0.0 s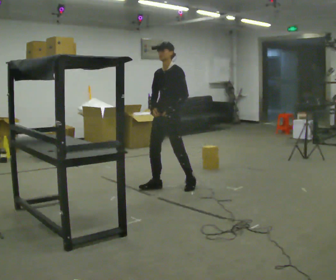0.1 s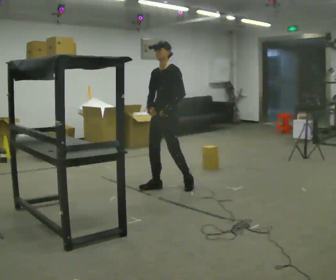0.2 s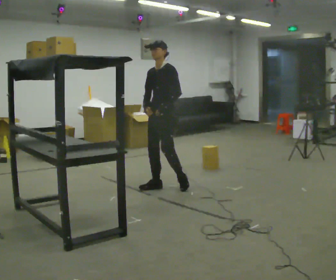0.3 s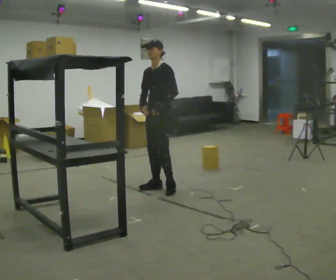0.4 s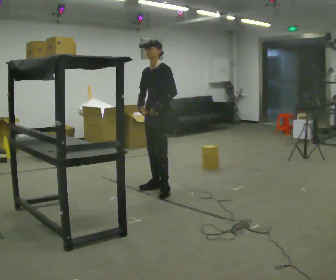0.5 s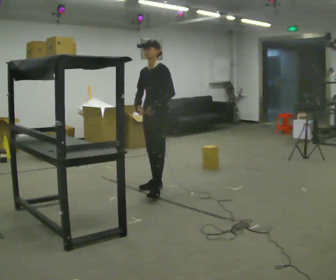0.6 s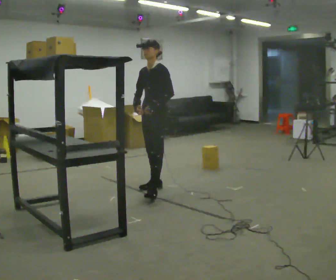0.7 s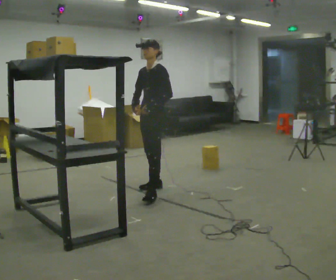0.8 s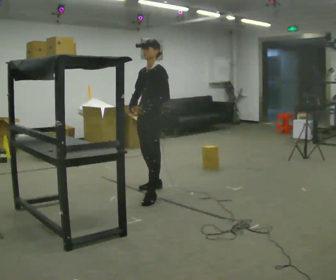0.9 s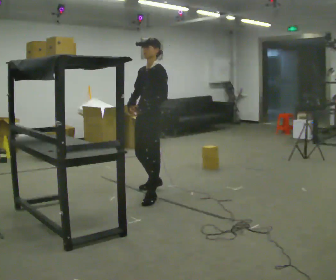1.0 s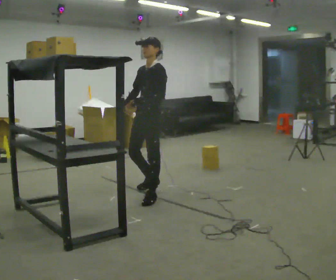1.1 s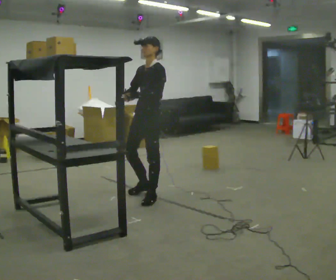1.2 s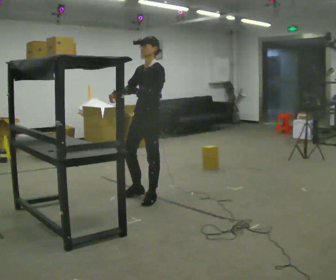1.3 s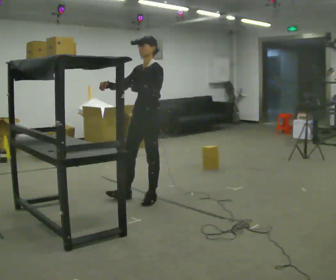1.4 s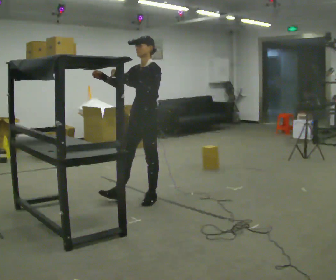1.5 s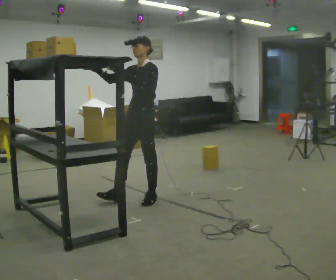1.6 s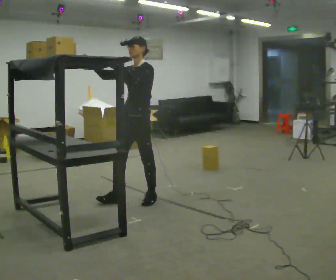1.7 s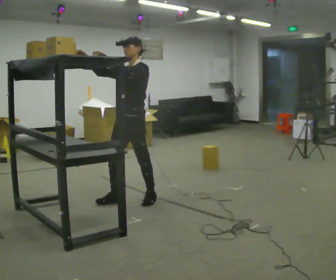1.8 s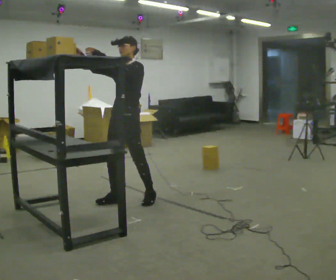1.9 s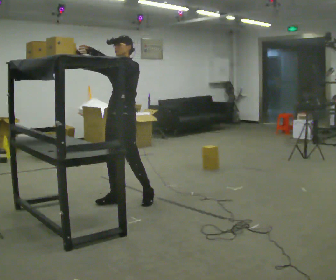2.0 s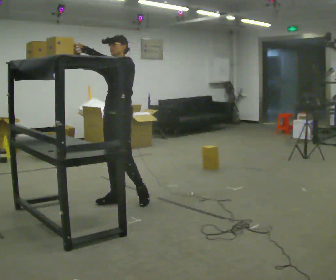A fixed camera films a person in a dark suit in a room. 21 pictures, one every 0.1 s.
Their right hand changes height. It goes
upward.
Their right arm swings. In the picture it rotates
clockwise.
0.0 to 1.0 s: In the picture they go toward the camera and to the left, about 0.5 m in 1 step, which for them is forward.
1.0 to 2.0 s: In the picture they go to the left and toward the camera, about 0.25 m in 1 step, which for them is forward. In the picture their right hand goes upward, the arm swinging clockwise.
The film runs forward here.
